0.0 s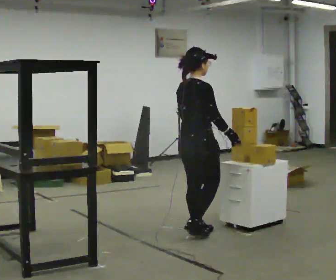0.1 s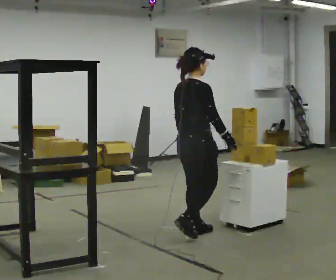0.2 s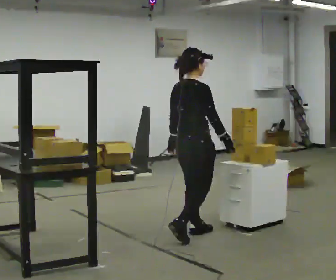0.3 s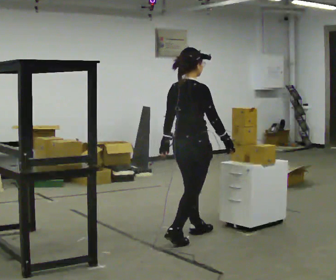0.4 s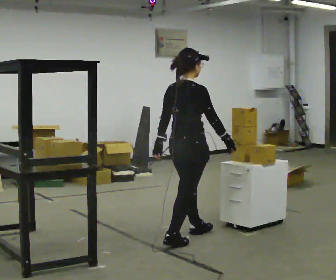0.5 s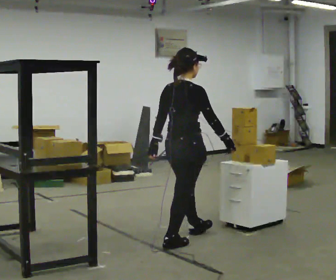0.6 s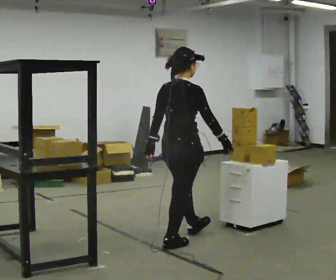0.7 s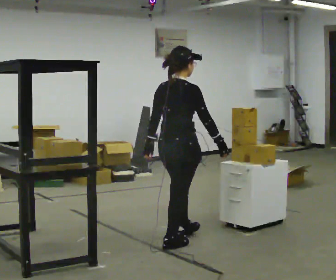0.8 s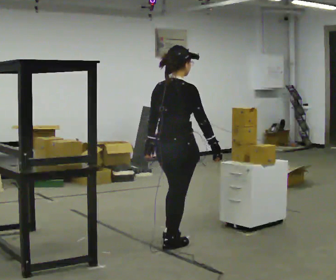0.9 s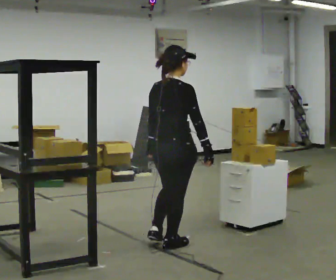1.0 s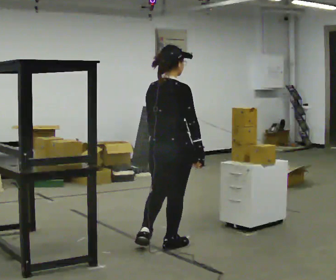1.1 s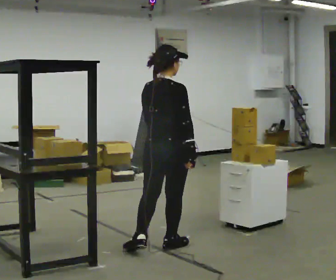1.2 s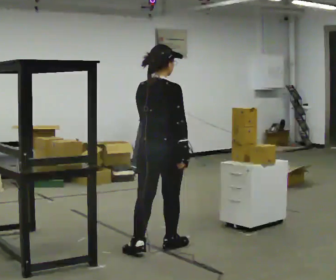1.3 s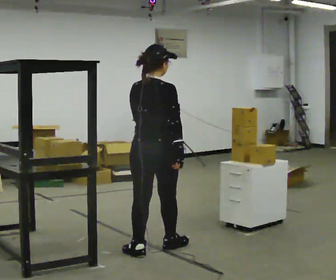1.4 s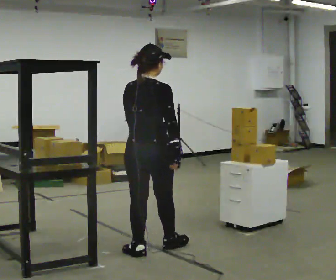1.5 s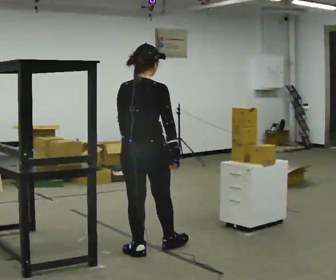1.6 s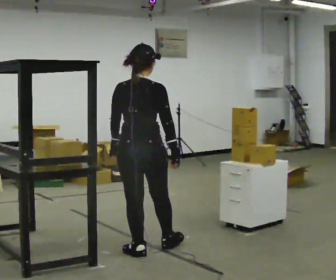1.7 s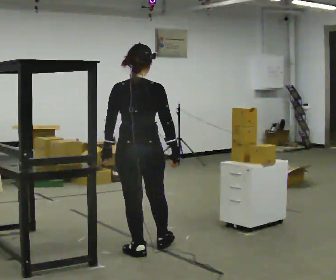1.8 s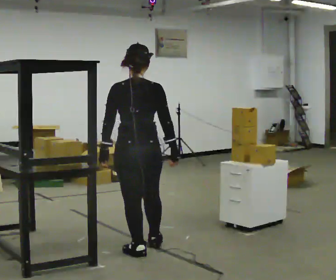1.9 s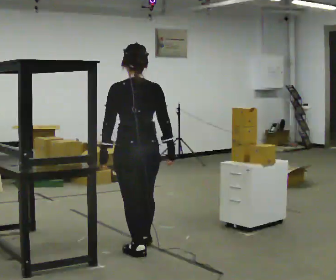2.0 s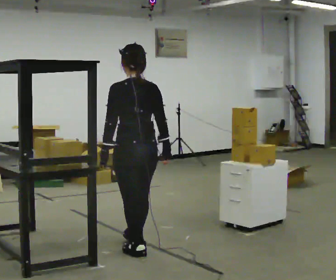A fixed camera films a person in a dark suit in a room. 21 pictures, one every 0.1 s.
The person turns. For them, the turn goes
to their left.
The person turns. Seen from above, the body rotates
counterclockwise.
0.0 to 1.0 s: In the picture they go toward the camera and to the left, about 0.5 m in 1 step, which for them is backward.
1.0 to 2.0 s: Seen from above the body turns counterclockwise, about 60 degrees: to their left, with its near side sliding to the right. In the picture they go to the left and toward the camera, about 0.25 m in 1 step, which for them is backward and to their left.
The film runs backward here.
